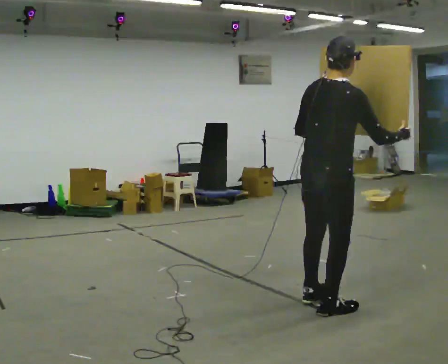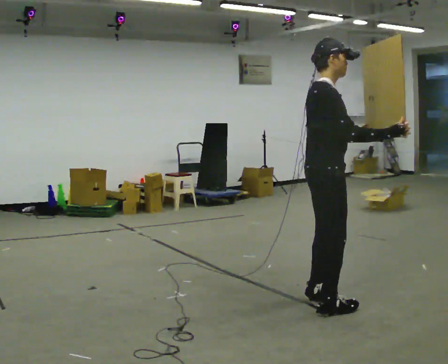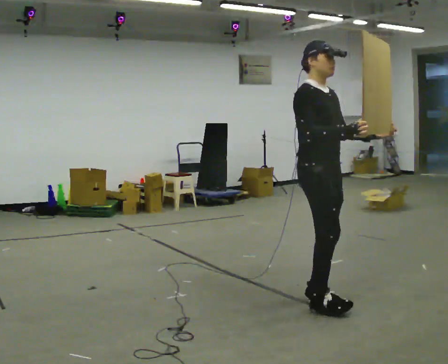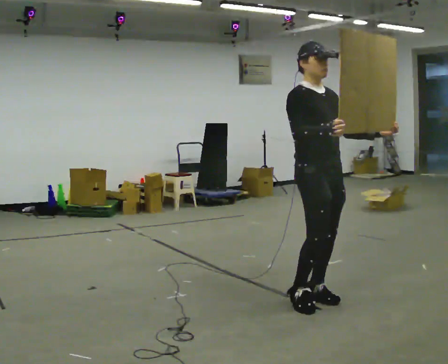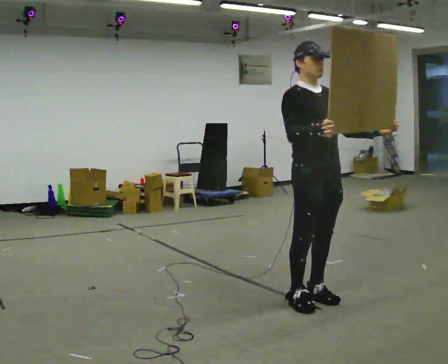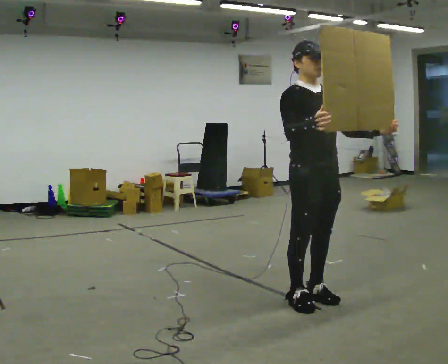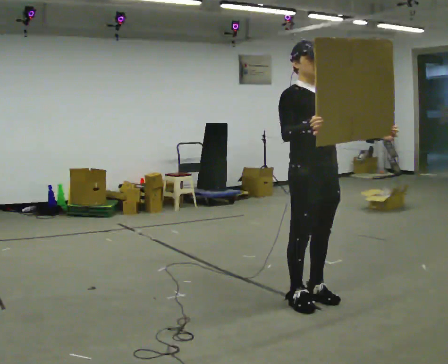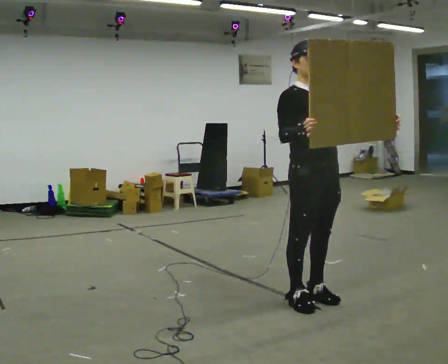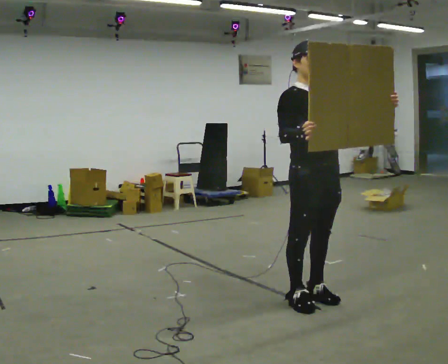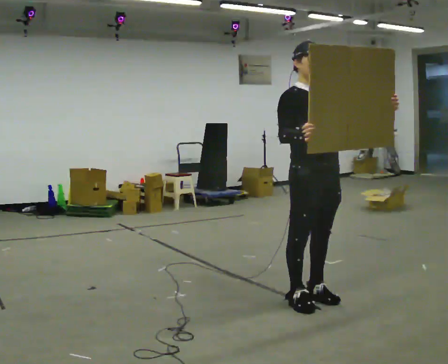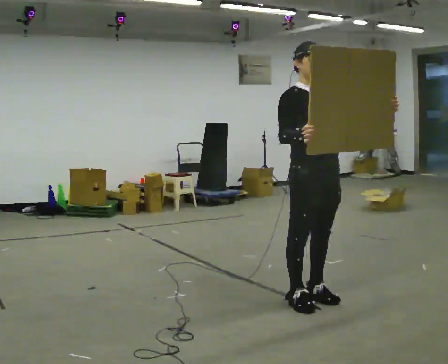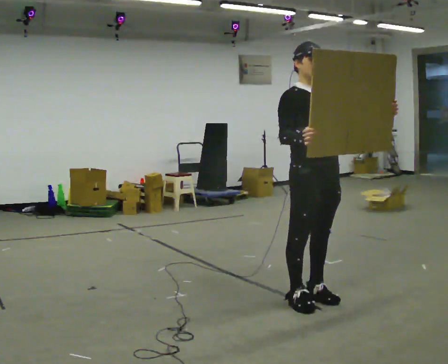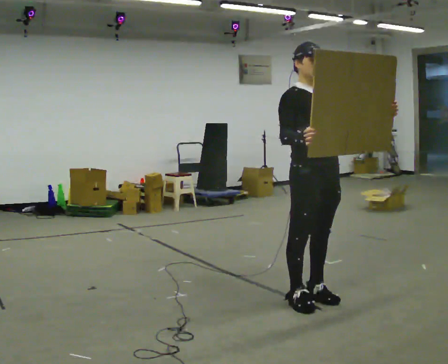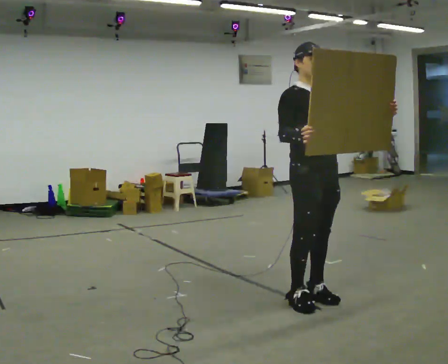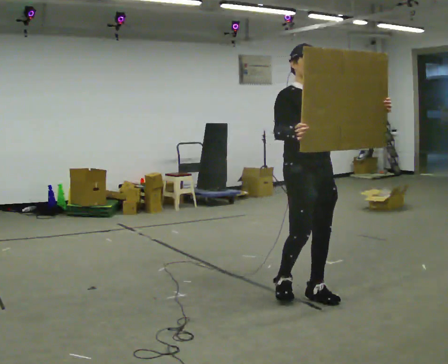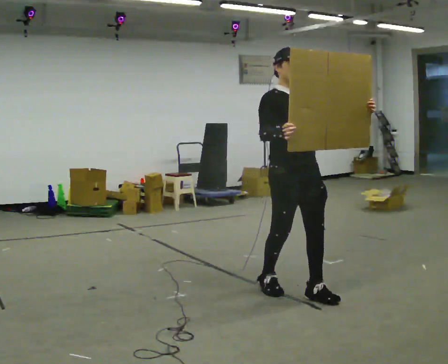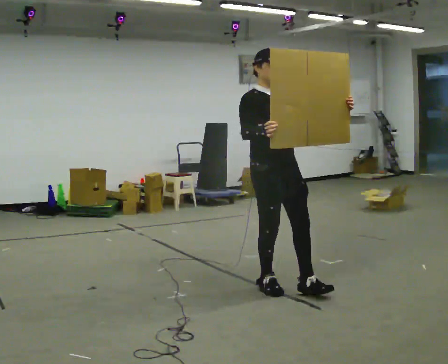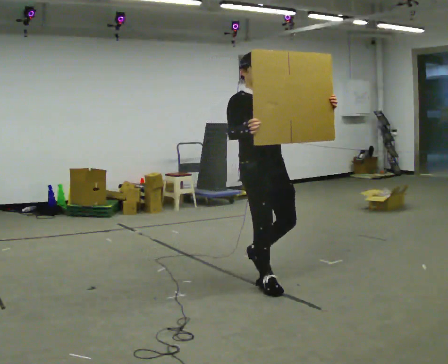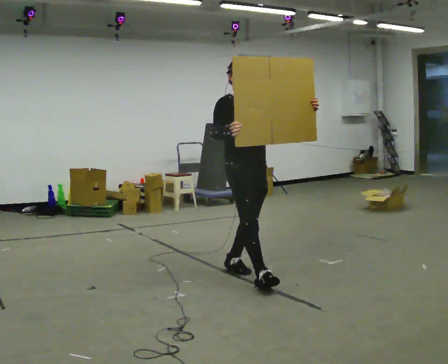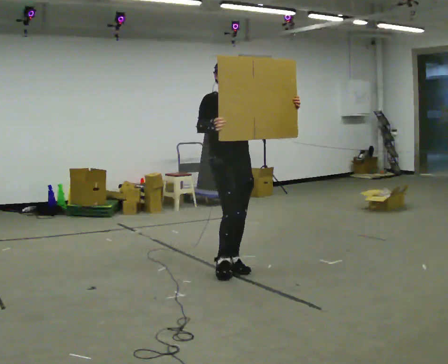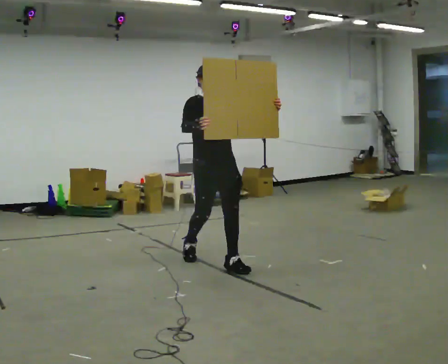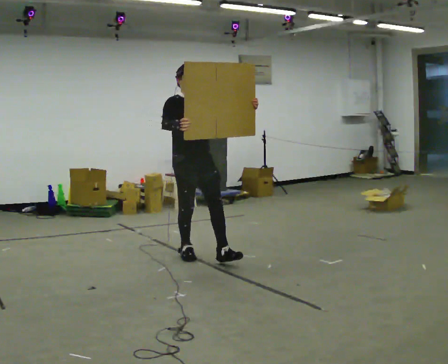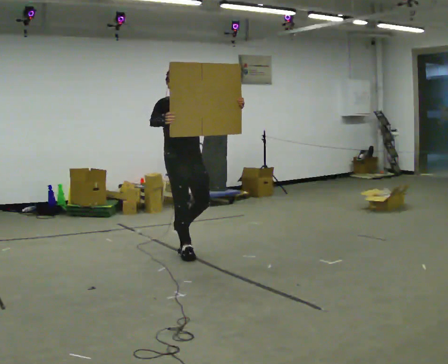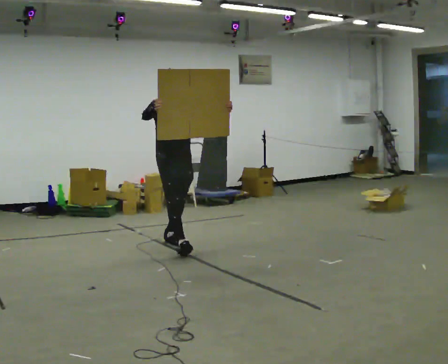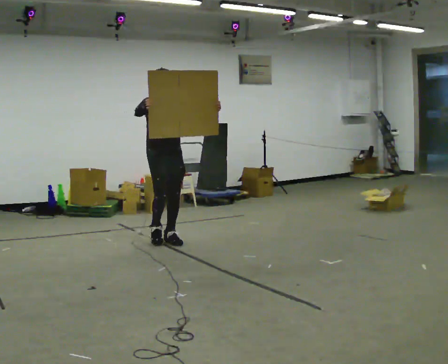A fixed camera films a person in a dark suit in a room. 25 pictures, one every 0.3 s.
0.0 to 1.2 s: The person turns about 105 degrees to their right, clockwise seen from above, so the part of the body nearest the lens slides to the left. In the picture they go away from the camera, about 0.25 m in 1 step. In the picture their left hand goes to the right.
1.2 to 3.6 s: The person moves a little, or ends about where they began.
3.6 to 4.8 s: In the picture they go to the left and away from the camera, about 0.25 m in 2 steps, which for them is backward.
4.8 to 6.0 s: In the picture they go to the left and away from the camera, about 1 m in 1 step, which for them is backward.
6.0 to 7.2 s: In the picture they go to the left and away from the camera, about 1 m in 2 steps, which for them is backward.
The film runs backward here.
